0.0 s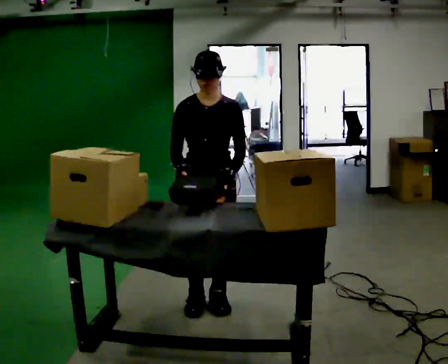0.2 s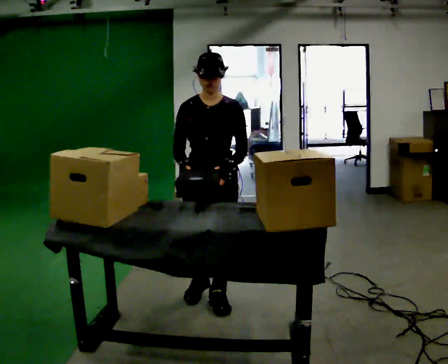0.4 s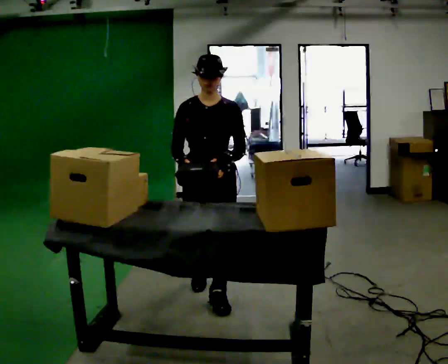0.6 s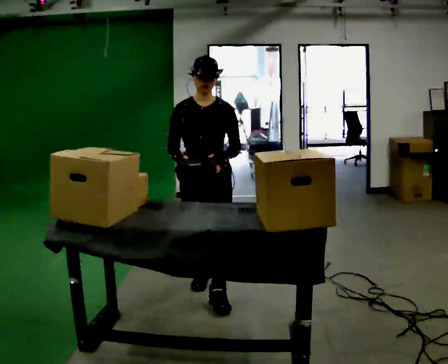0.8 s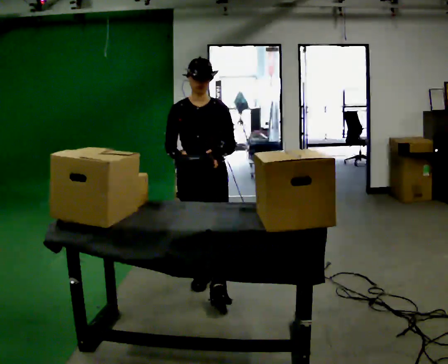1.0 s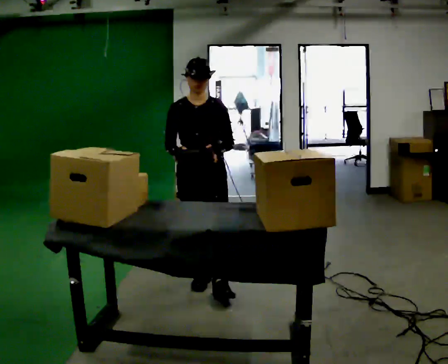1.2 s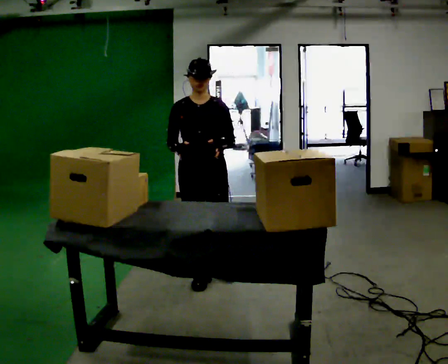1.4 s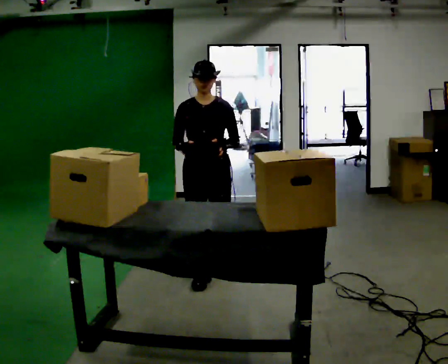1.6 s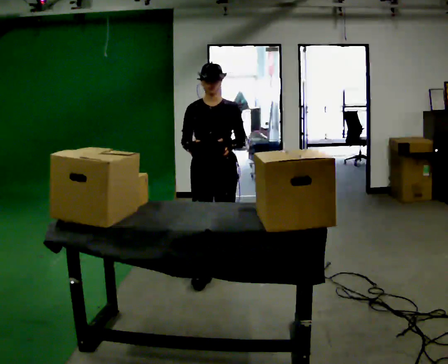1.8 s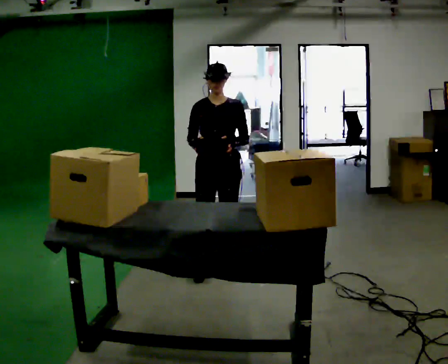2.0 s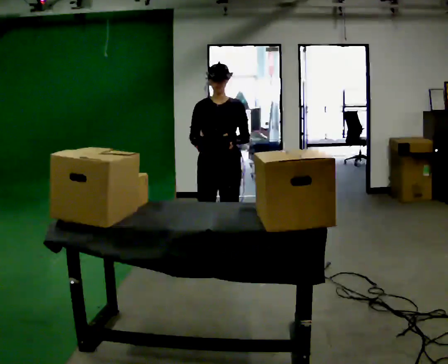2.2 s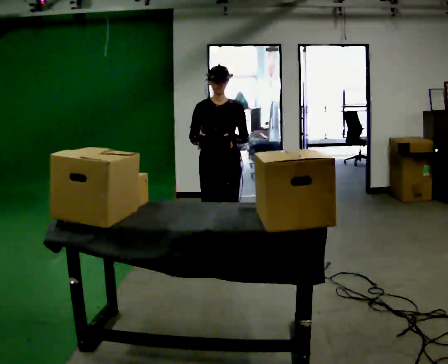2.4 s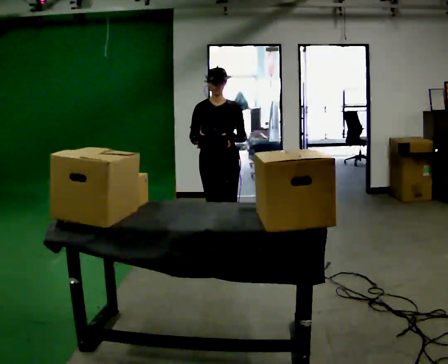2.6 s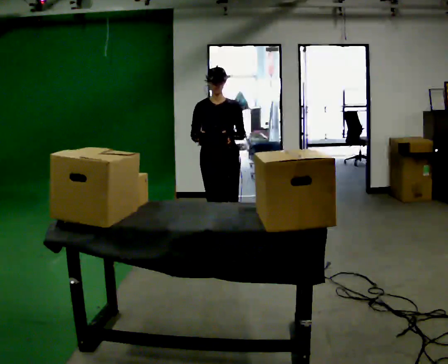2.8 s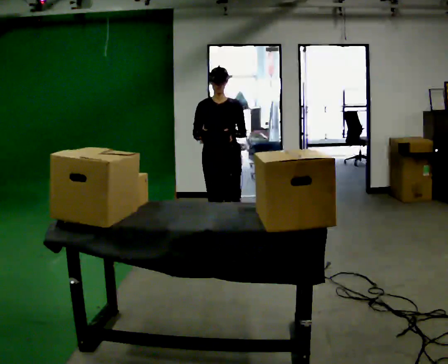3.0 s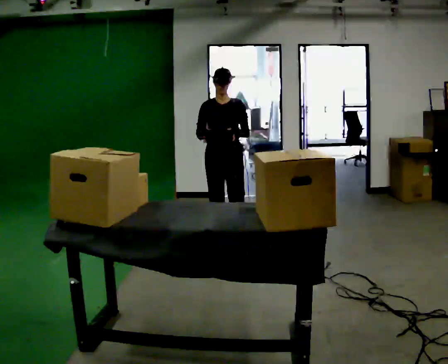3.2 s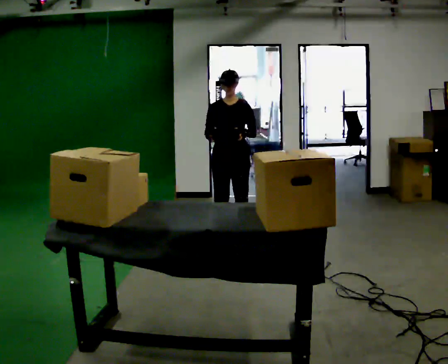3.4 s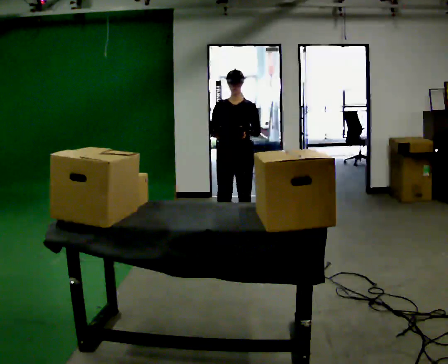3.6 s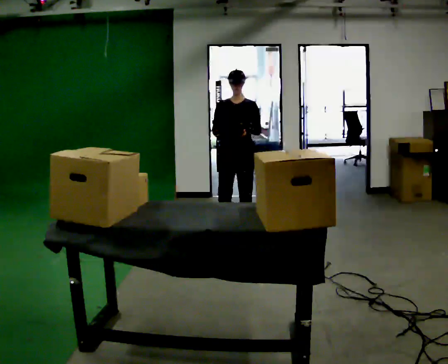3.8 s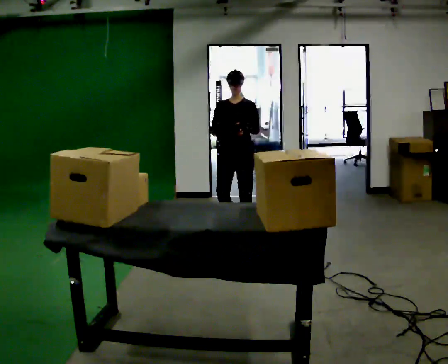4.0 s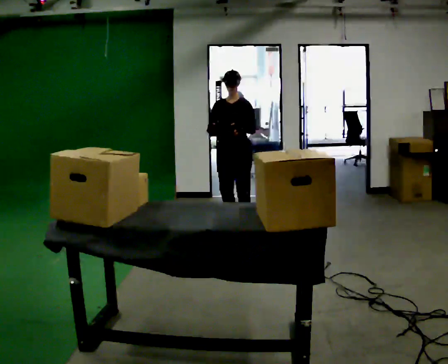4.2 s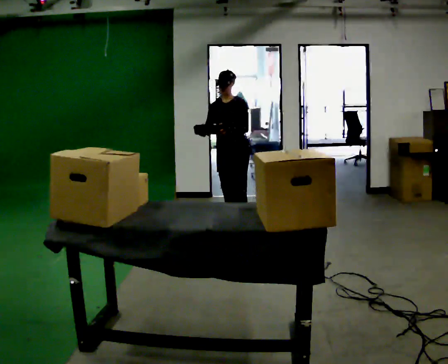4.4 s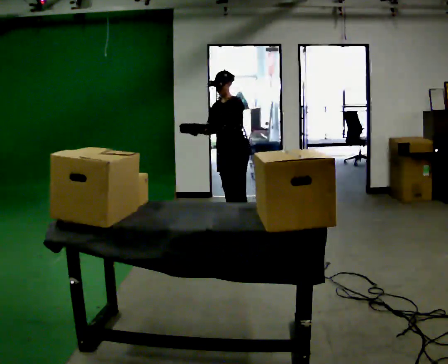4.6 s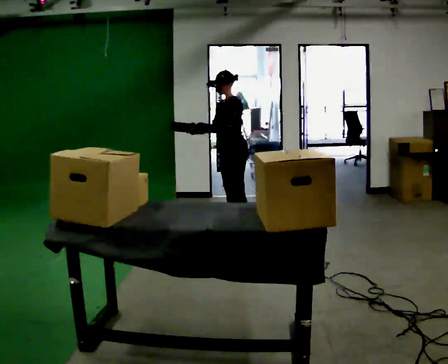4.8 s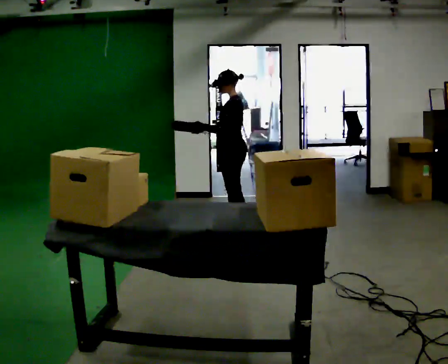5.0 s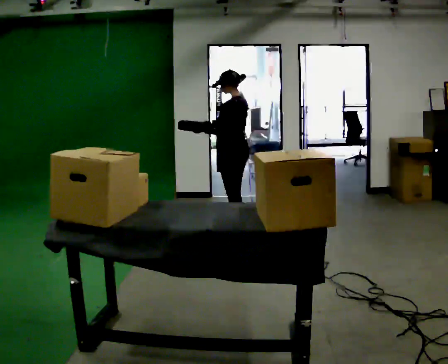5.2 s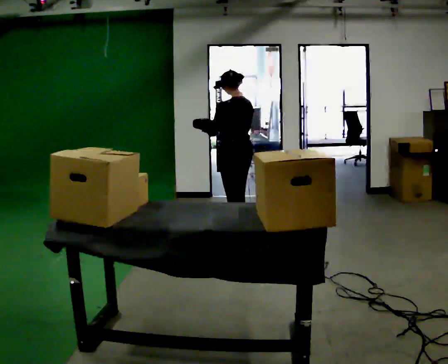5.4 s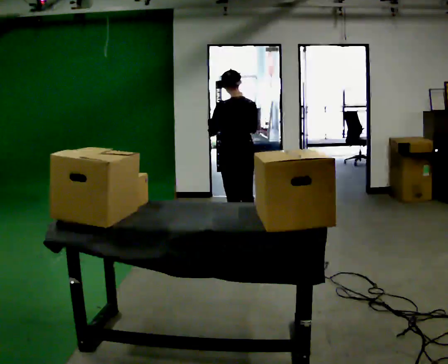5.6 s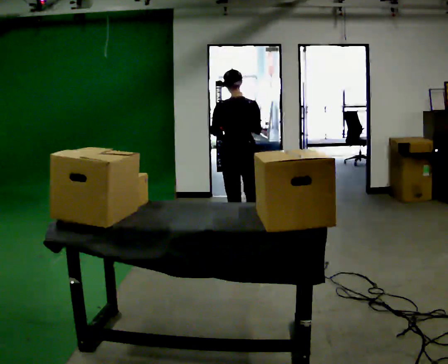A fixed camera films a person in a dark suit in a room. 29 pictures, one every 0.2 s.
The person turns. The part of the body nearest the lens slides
to the left.
The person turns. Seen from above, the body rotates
clockwise.
0.0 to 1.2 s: In the picture they go away from the camera, about 0.5 m in 2 steps, which for them is backward.
1.2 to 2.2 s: In the picture they go away from the camera, about 0.5 m in 1 step, which for them is backward.
2.2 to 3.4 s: In the picture they go away from the camera, about 0.75 m in 2 steps, which for them is backward.
3.4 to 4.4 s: Seen from above the body turns clockwise, about 30 degrees: to their right, with its near side sliding to the left. In the picture they go away from the camera, about 0.25 m, which for them is backward and to their right.
4.4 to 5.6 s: The part of the body nearest the lens slides to the left as the person turns to their right by about 135 degrees. In the picture they go toward the camera, about 0.25 m in 2 steps.
The film runs backward here.
